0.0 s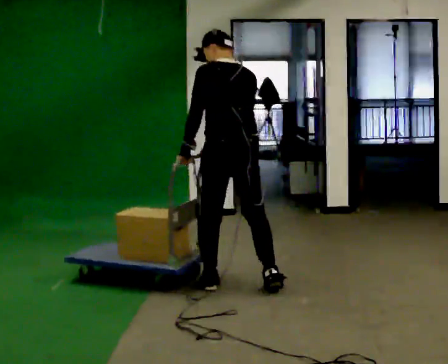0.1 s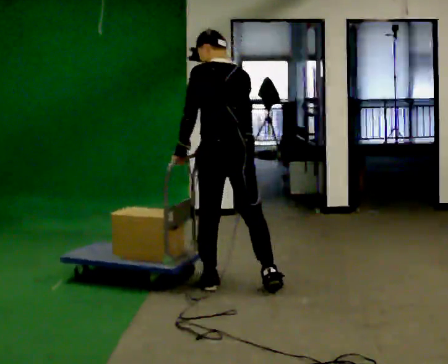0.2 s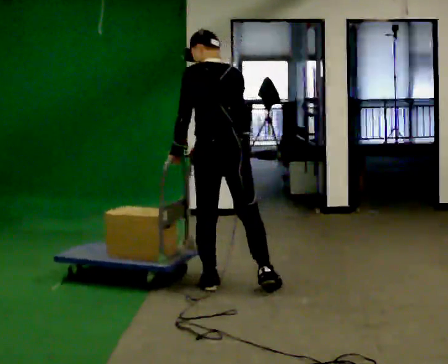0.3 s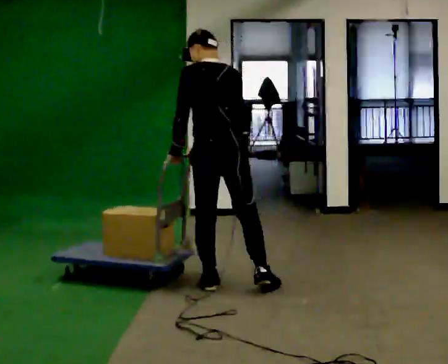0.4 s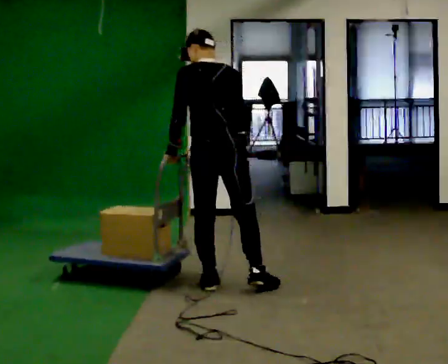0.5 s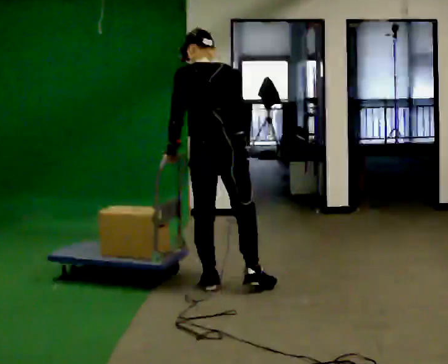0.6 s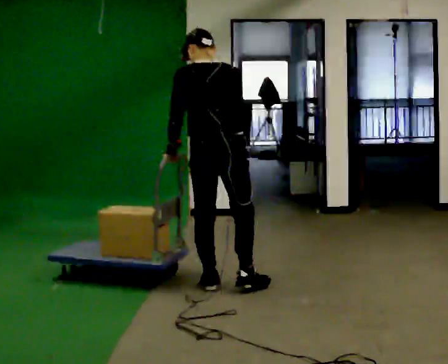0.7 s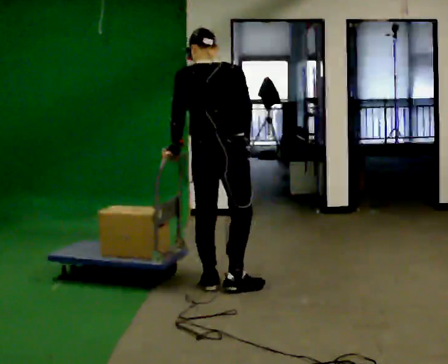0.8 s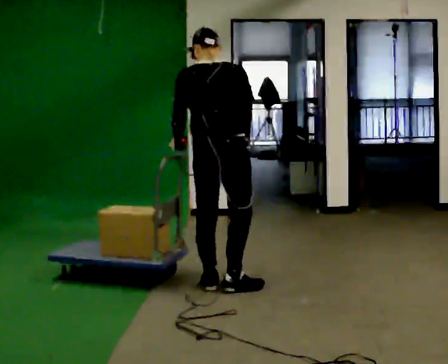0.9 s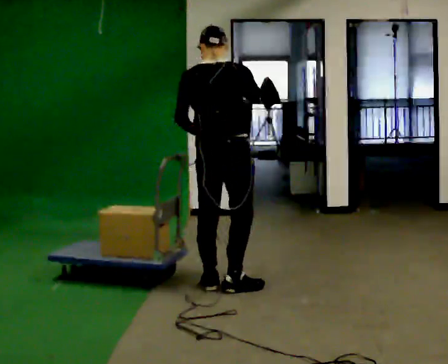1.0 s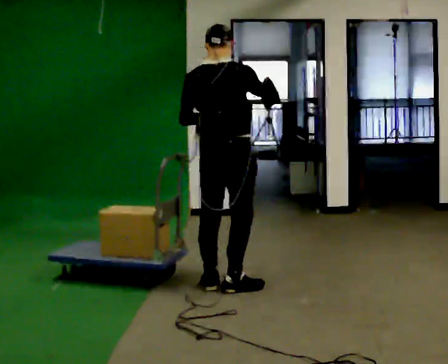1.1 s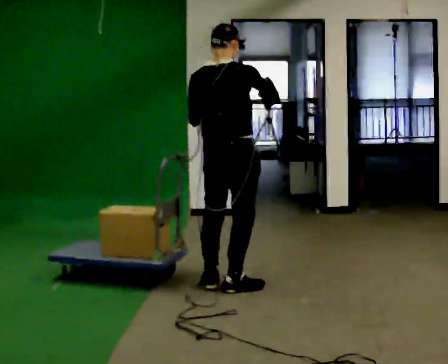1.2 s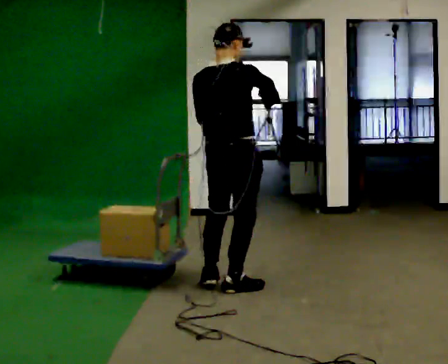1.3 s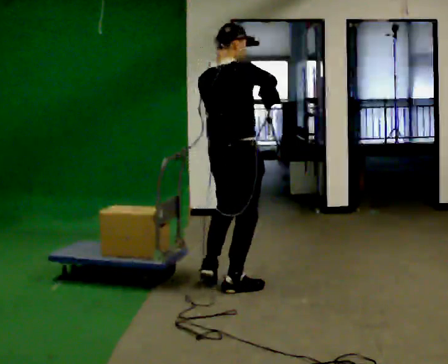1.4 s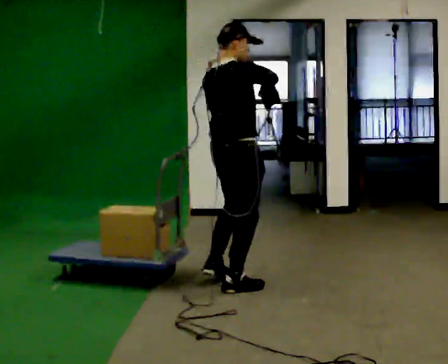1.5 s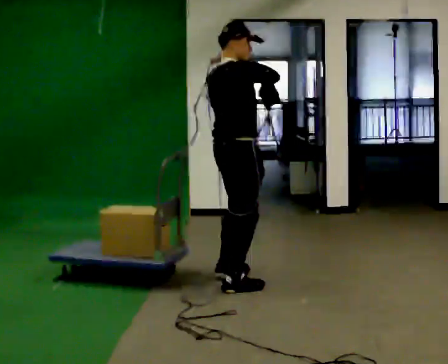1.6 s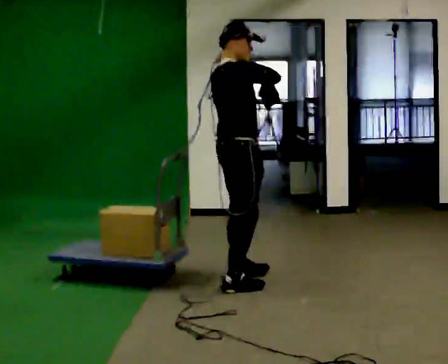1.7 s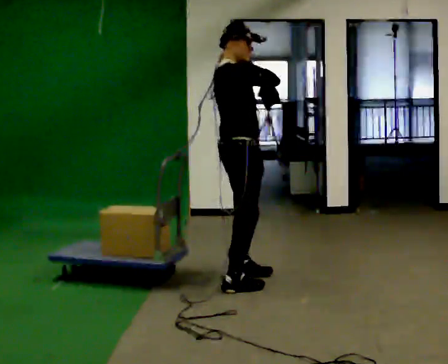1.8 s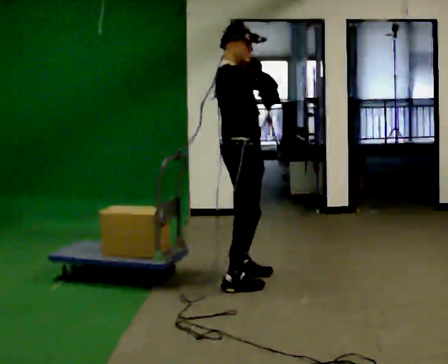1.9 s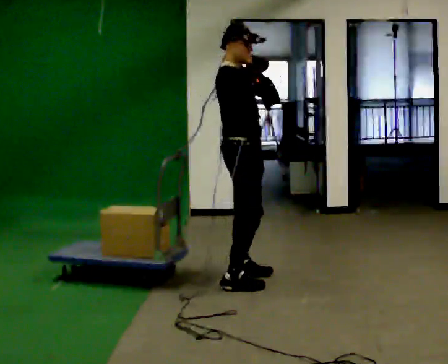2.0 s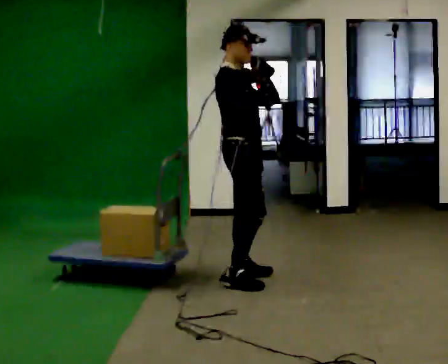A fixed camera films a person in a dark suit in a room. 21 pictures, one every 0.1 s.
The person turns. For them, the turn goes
to their right.
The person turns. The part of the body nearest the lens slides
to the left.
0.0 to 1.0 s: The part of the body nearest the lens slides to the left as the person turns to their right by about 45 degrees. In the picture their right hand goes upward.
1.0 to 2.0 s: Seen from above the body turns clockwise, about 75 degrees: to their right, with its near side sliding to the left. In the picture they go away from the camera, about 0.25 m in 1 step. In the picture their left hand goes upward.
The film runs forward here.
